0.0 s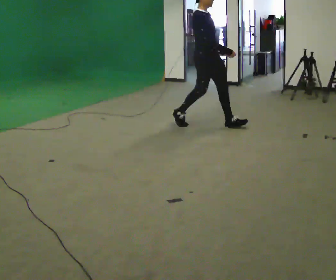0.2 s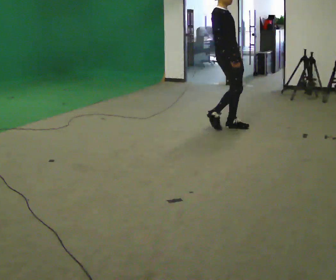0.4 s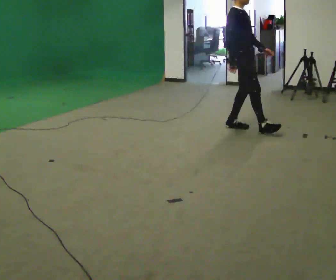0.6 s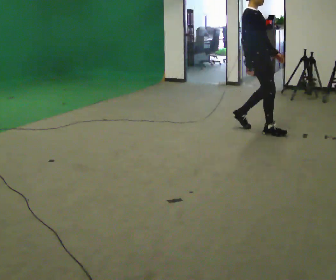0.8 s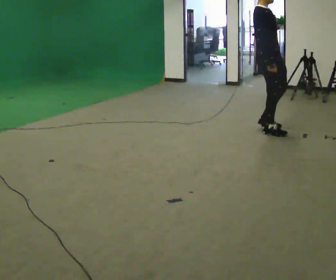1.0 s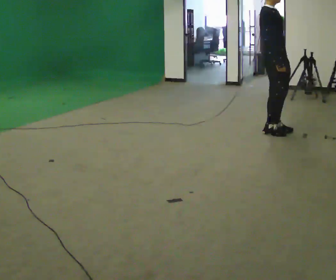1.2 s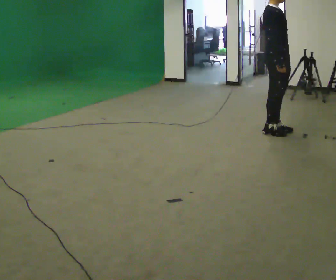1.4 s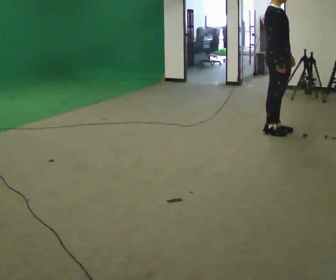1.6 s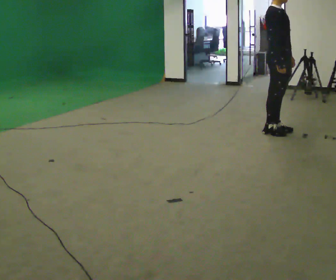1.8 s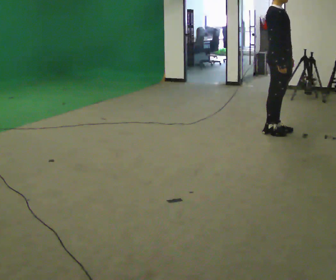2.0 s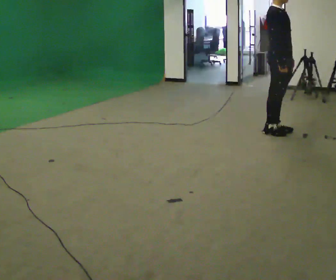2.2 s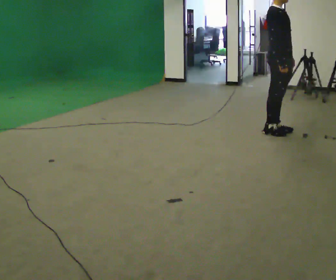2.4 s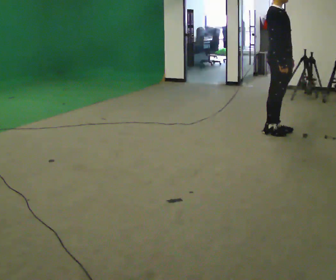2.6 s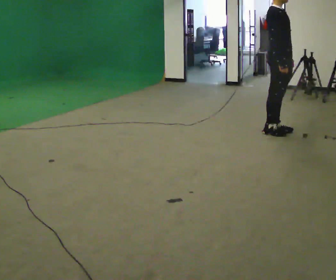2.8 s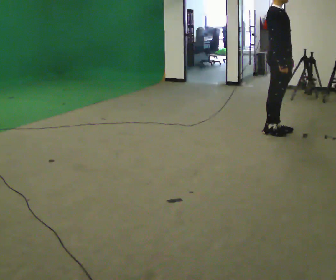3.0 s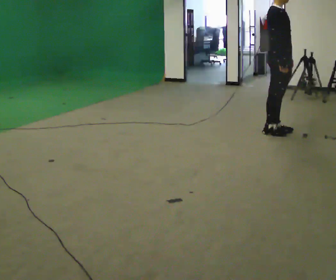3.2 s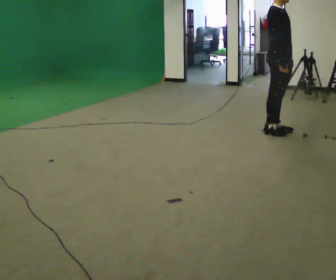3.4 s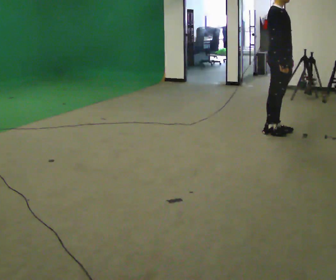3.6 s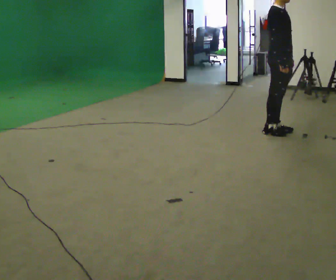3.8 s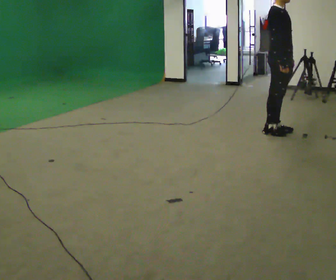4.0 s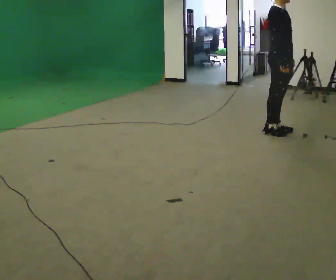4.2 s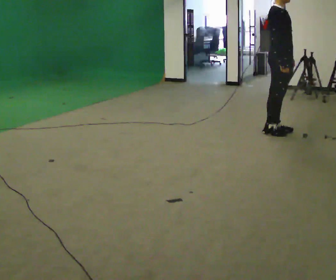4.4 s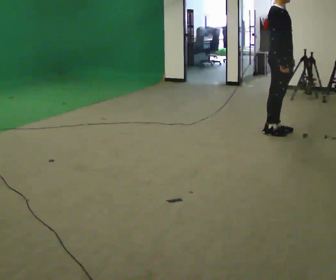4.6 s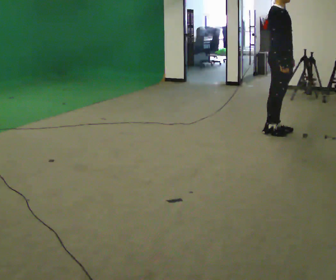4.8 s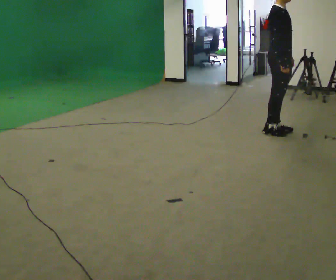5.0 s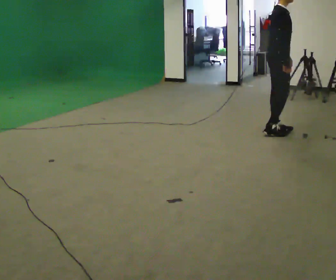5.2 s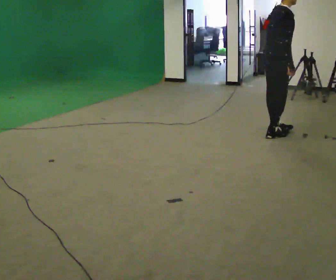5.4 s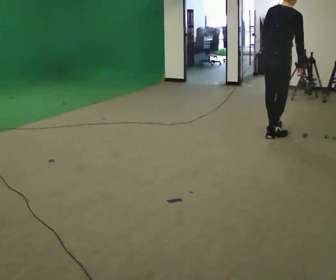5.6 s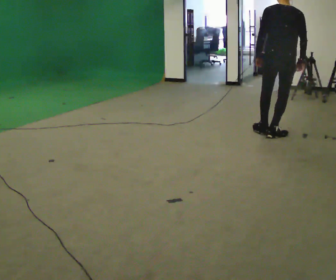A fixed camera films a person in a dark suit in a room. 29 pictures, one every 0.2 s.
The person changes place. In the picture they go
to the right.
The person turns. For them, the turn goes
to their left.
0.0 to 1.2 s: In the picture they go to the right, about 1 m in 2 steps, which for them is forward.
1.2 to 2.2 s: The person moves a little, or ends about where they began.
2.2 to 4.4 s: The person keeps their place and pose.
4.4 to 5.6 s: Seen from above the body turns counterclockwise, about 120 degrees: to their left, with its near side sliding to the right. In the picture their left hand goes to the left, the arm swinging clockwise.
The film runs forward here.
